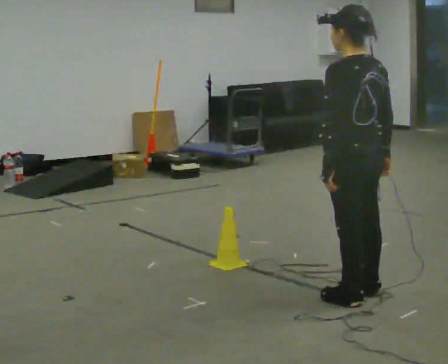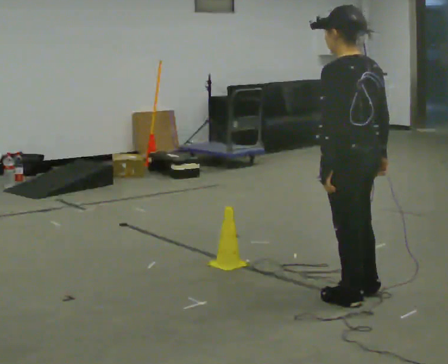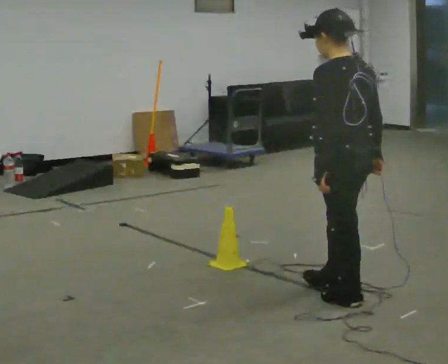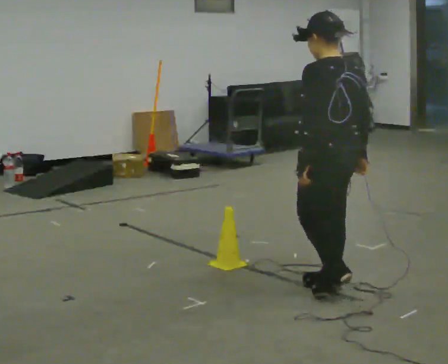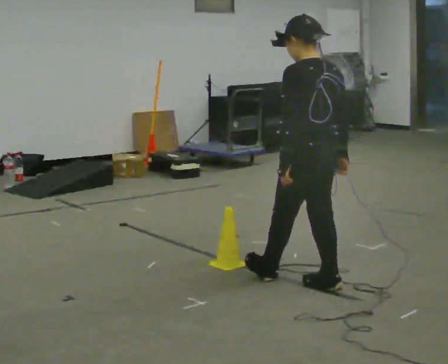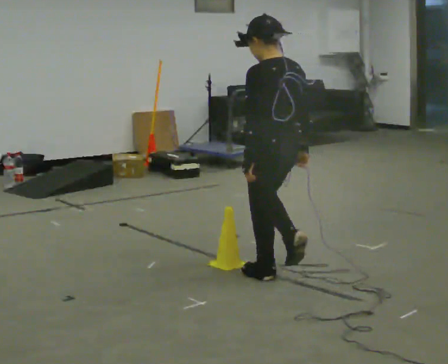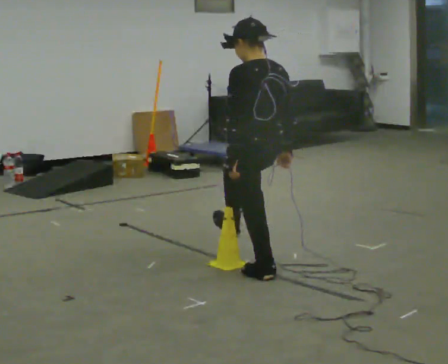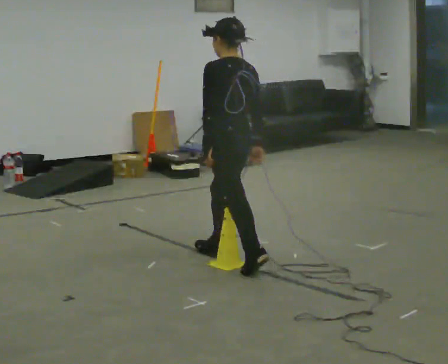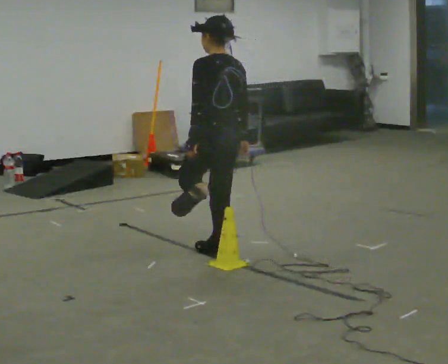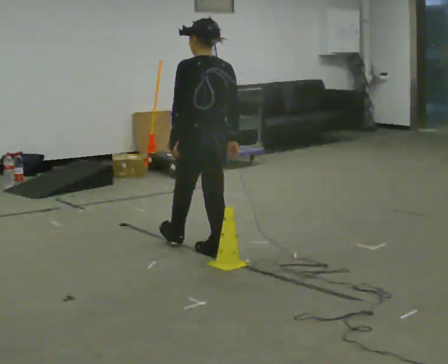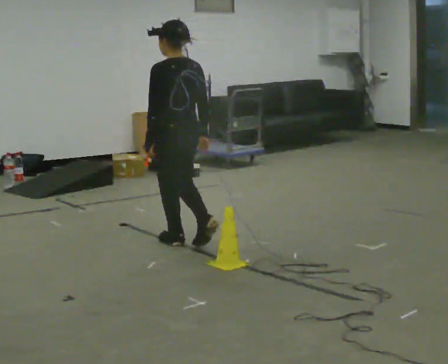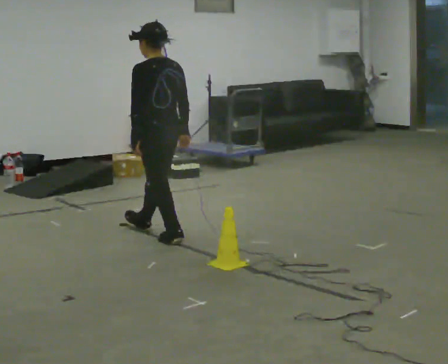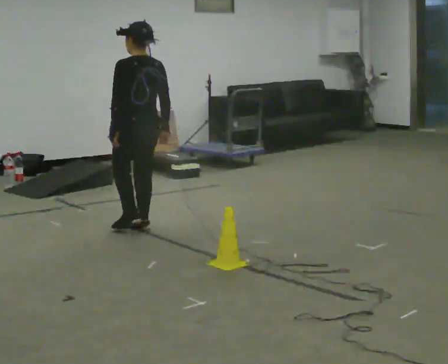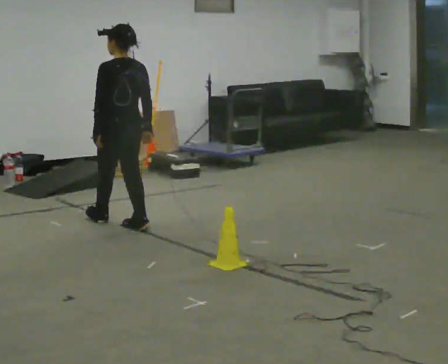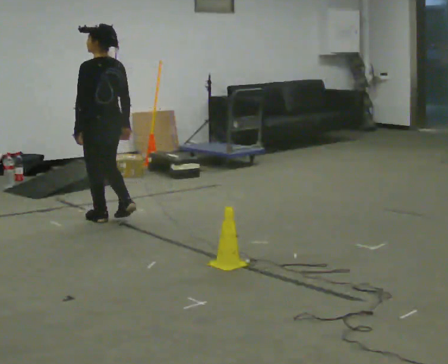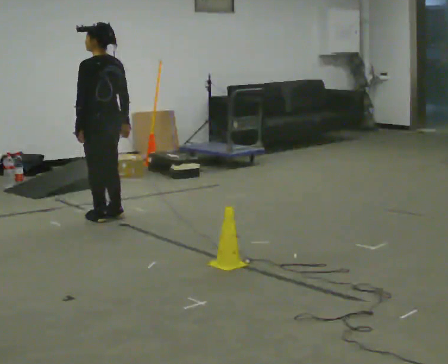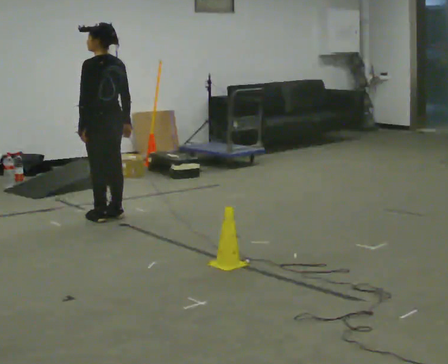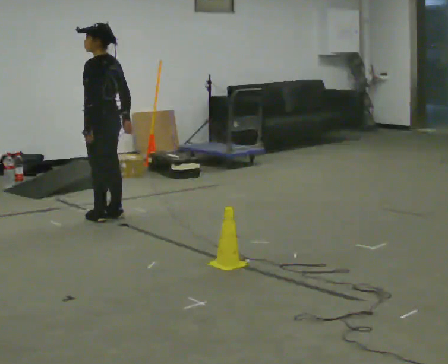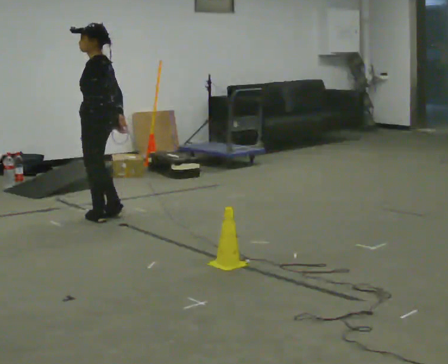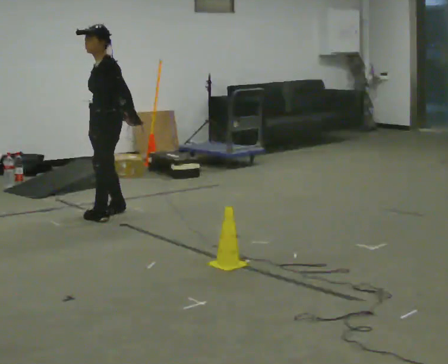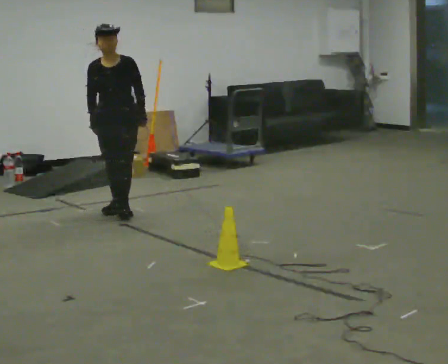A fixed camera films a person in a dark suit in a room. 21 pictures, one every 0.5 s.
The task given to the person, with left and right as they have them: Walk across the room at a normal pace, looking ahead. Something may appear in your way. Deal with it however comes naturally and carry on.
0.0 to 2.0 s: In the picture they go away from the camera and to the left, about 0.25 m in 2 steps, which for them is forward.
2.0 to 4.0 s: In the picture they go away from the camera and to the left, about 1 m in 1 step, which for them is forward.
4.0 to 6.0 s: In the picture they go away from the camera and to the left, about 1 m in 2 steps, which for them is forward.
6.0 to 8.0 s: In the picture they go away from the camera and to the left, about 0.5 m in 2 steps, which for them is forward.
8.0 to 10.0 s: The person turns about 135 degrees to their left, counterclockwise seen from above, so the part of the body nearest the lens slides to the right. In the picture they go away from the camera, about 0.25 m in 2 steps. In the picture their left hand goes to the right, the arm swinging counterclockwise.
The film runs forward here.
